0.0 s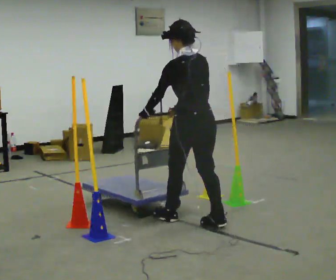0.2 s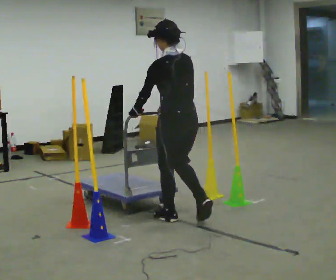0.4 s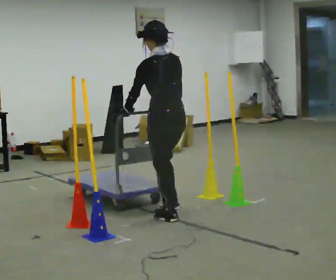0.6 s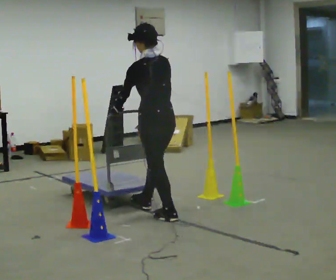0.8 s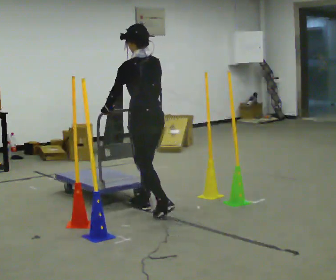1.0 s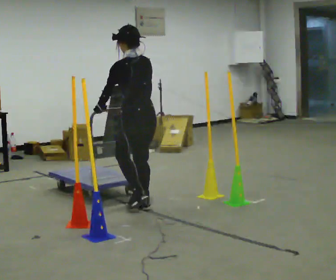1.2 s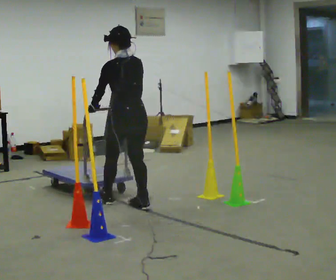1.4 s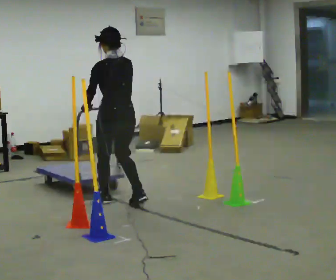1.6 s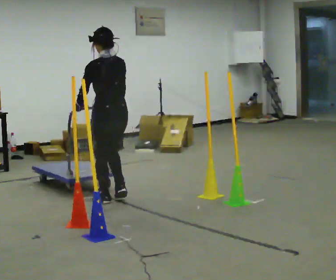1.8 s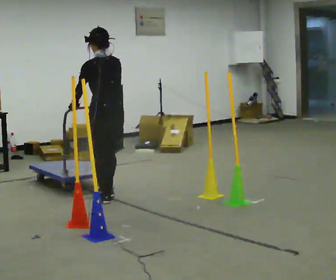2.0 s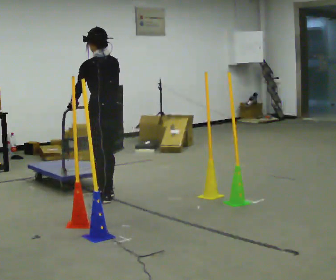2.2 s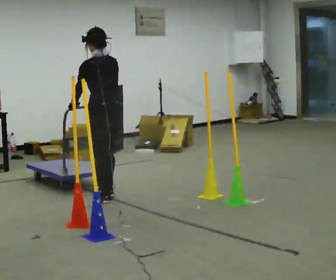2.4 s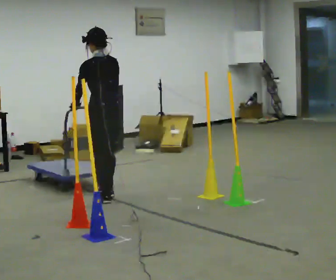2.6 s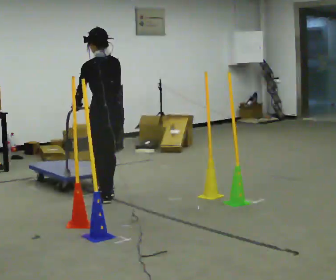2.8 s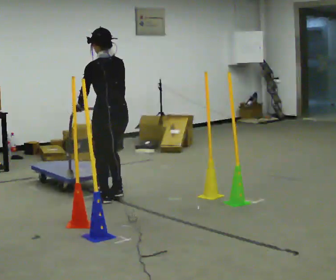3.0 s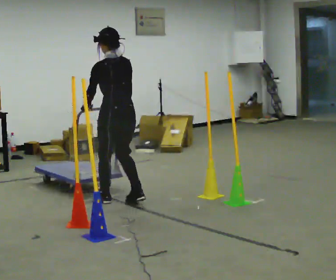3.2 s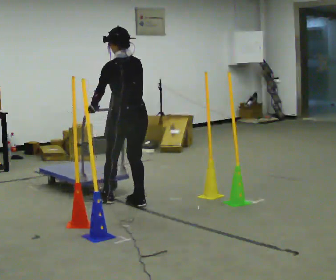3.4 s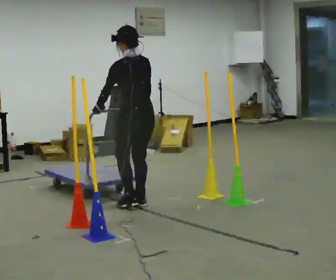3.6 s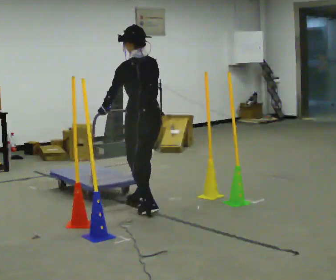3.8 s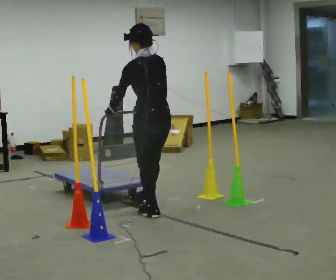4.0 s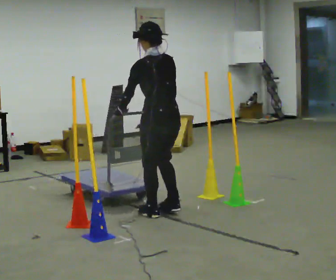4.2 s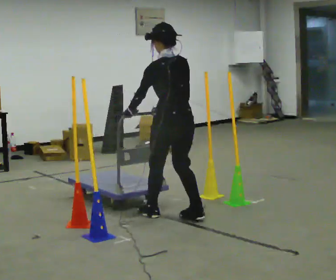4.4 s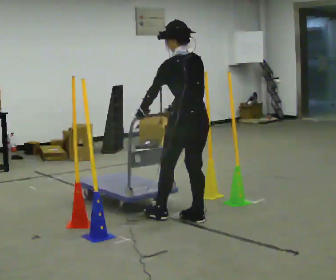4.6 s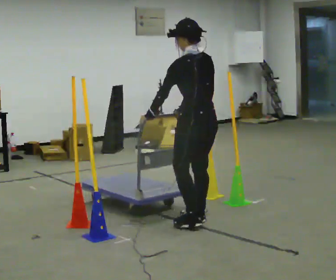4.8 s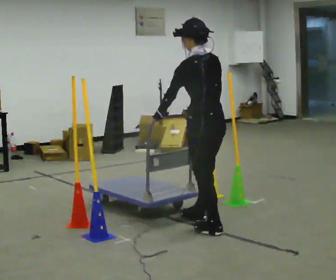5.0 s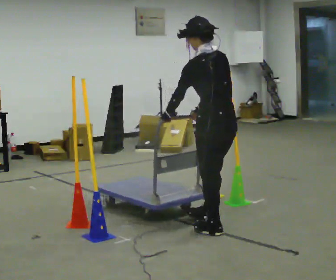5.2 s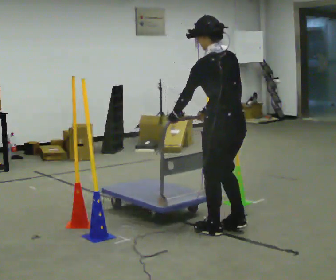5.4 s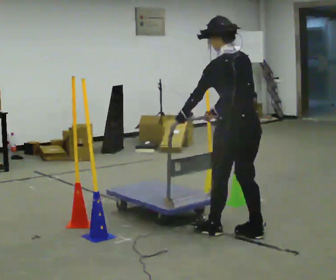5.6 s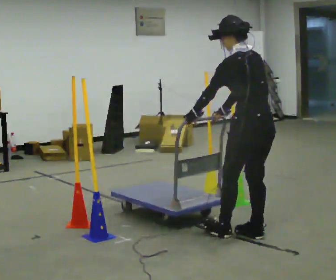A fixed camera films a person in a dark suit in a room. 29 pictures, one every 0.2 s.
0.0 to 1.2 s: In the picture they go away from the camera and to the left, about 1 m in 1 step, which for them is forward.
1.2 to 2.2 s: In the picture they go away from the camera and to the left, about 0.25 m in 2 steps, which for them is forward.
2.2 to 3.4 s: In the picture they go toward the camera and to the right, about 0.5 m in 1 step, which for them is backward.
3.4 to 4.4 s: In the picture they go toward the camera and to the right, about 0.75 m in 2 steps, which for them is backward.
4.4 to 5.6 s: In the picture they go toward the camera and to the right, about 0.75 m in 2 steps, which for them is backward.
The film runs forward here.
